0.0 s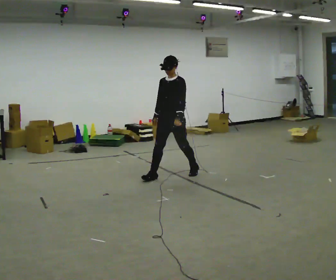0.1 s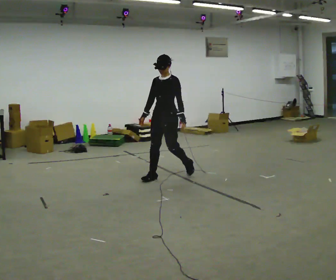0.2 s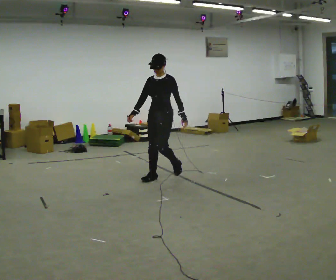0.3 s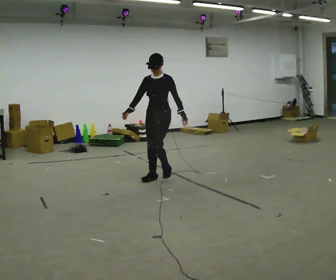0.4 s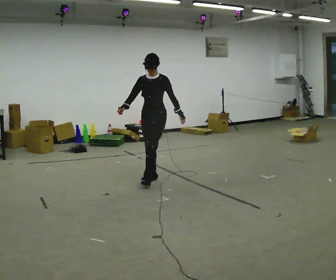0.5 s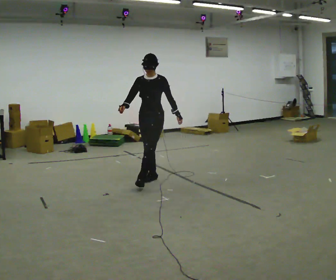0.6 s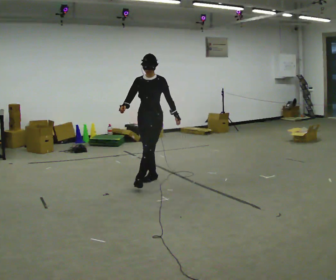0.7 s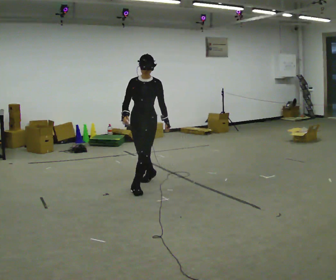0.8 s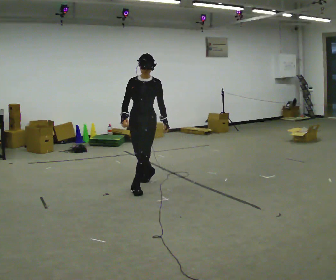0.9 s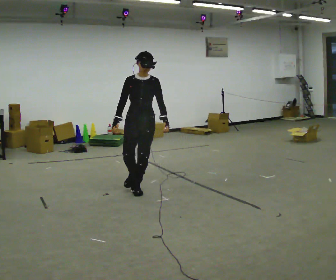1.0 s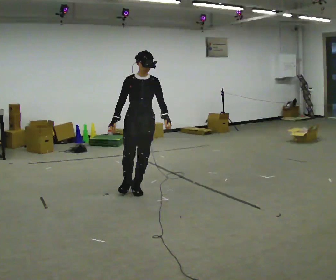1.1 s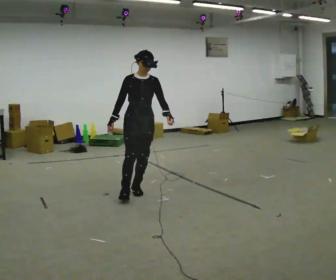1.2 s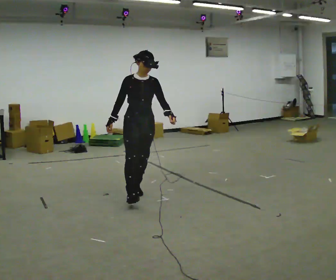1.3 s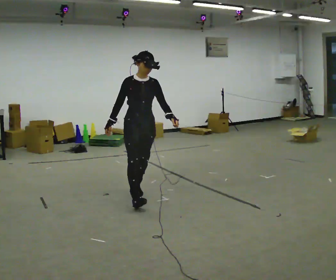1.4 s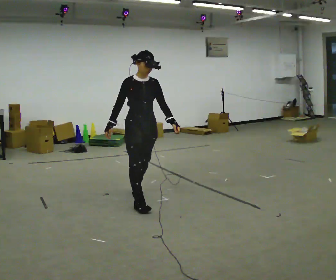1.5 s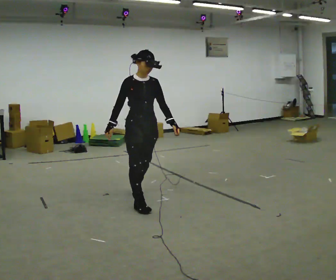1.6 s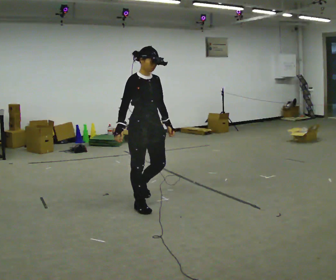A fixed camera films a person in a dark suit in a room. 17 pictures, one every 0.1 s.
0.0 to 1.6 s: The person turns about 75 degrees to their left, counterclockwise seen from above, so the part of the body nearest the lens slides to the right. In the picture they go toward the camera, about 1 m in 2 steps.
The film runs forward here.
